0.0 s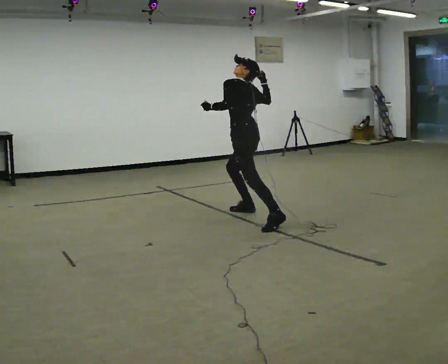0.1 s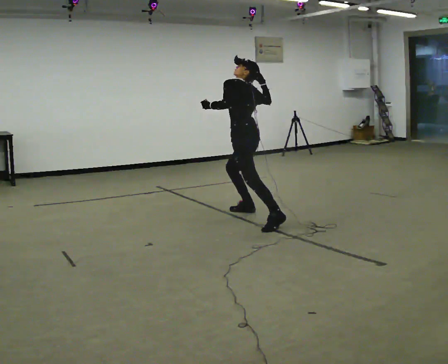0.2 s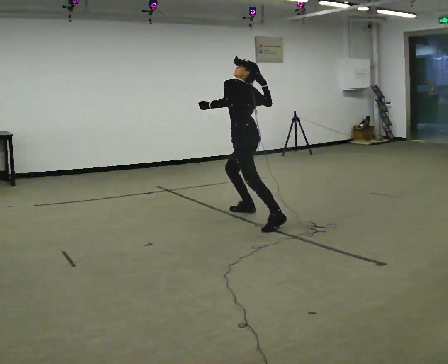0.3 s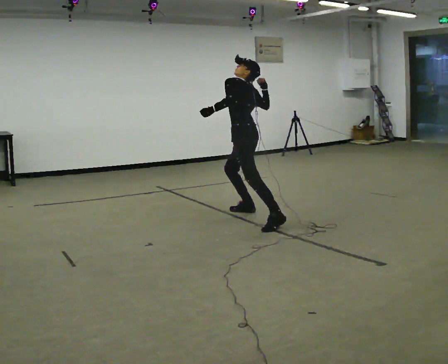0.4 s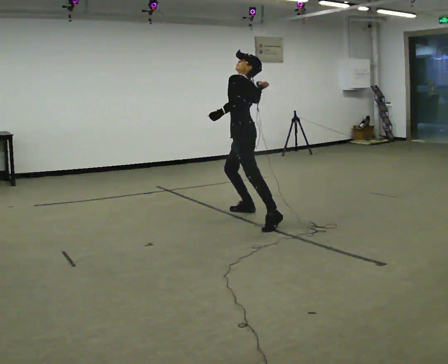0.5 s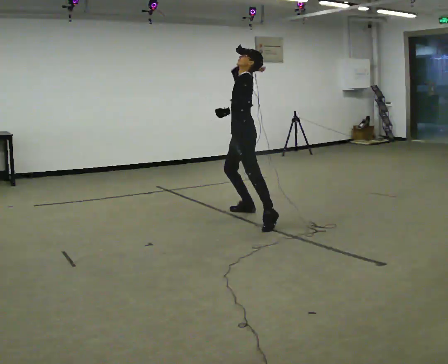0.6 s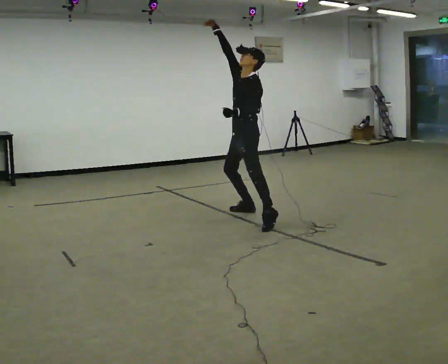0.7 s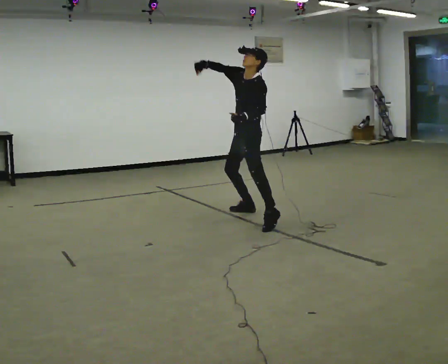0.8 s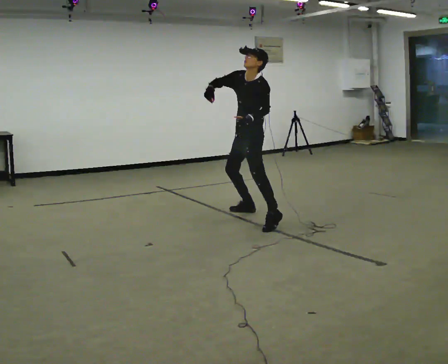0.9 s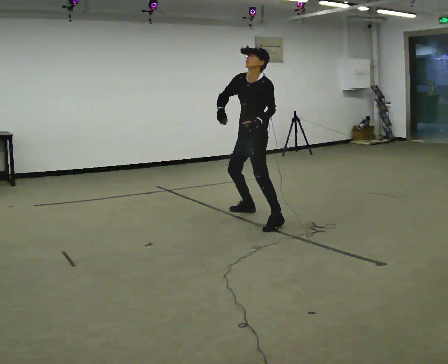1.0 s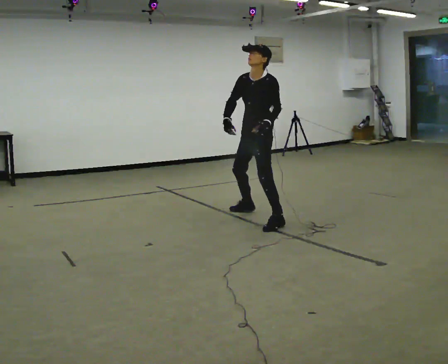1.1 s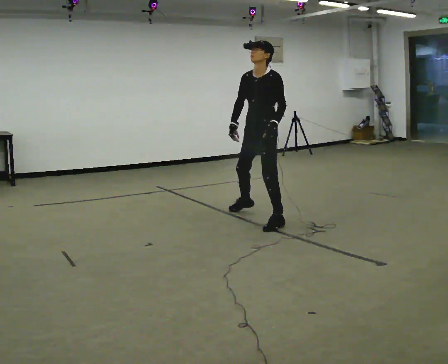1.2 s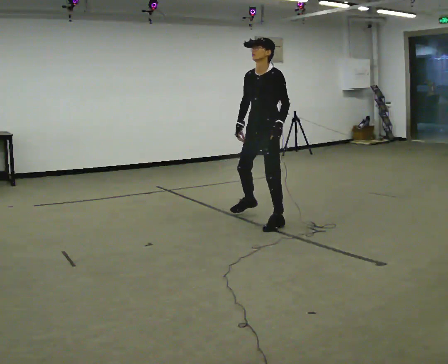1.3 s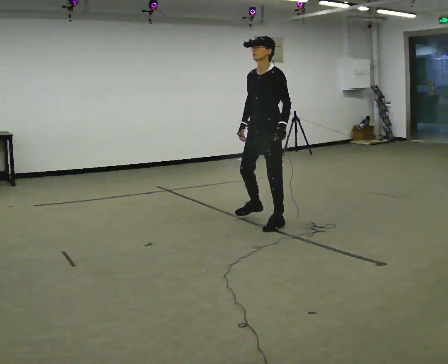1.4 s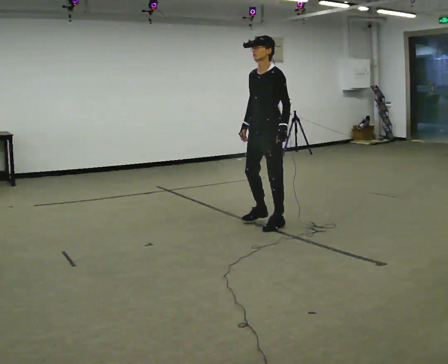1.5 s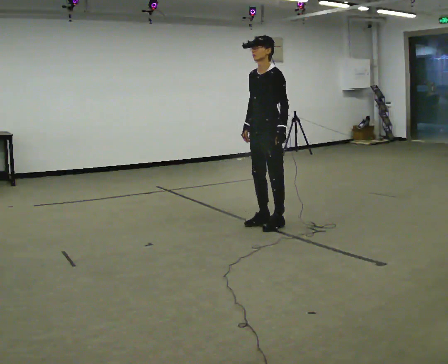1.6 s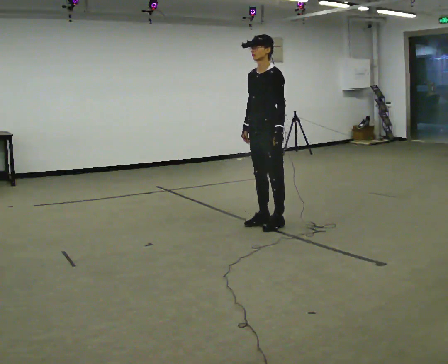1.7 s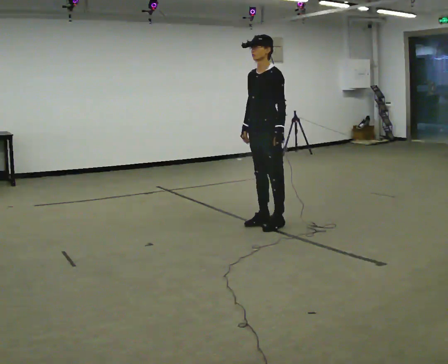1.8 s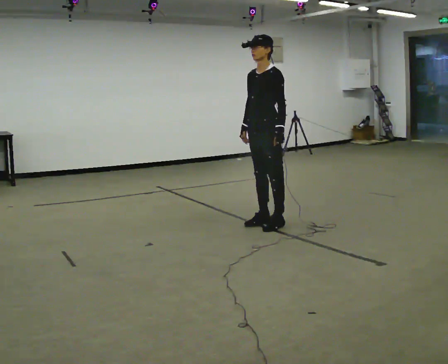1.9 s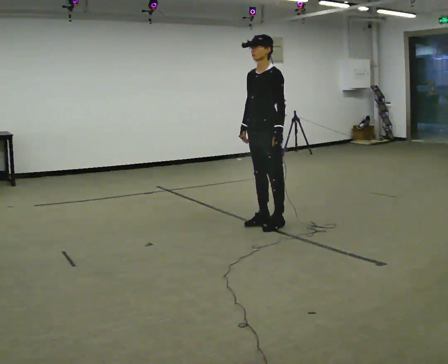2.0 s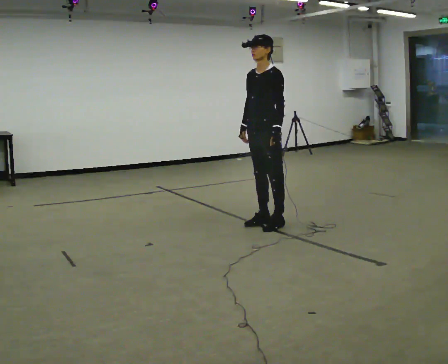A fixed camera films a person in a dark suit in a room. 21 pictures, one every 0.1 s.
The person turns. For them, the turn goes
to their left.
The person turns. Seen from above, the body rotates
counterclockwise.
0.0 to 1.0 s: The person turns about 75 degrees to their left, counterclockwise seen from above, so the part of the body nearest the lens slides to the right. The upper body tips toward the camera, its near side rolling downward. In the picture their right hand goes downward and to the left.
1.0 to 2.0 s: In the picture they go toward the camera, about 0.25 m in 1 step, which for them is to their left and forward.
The film runs forward here.
